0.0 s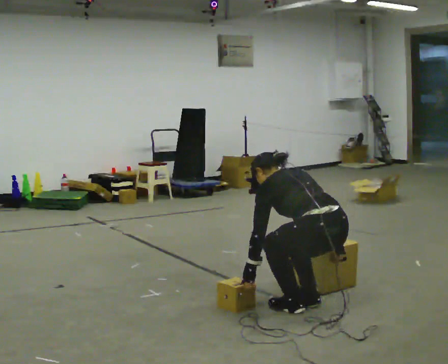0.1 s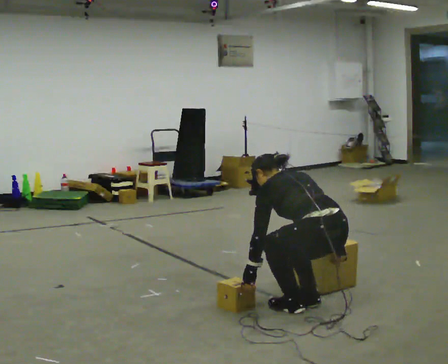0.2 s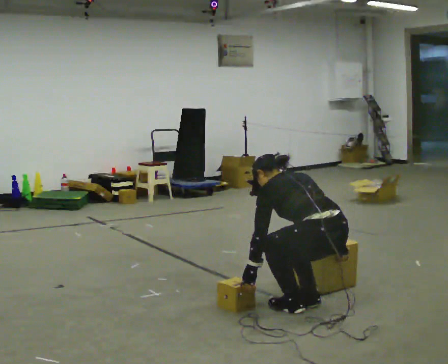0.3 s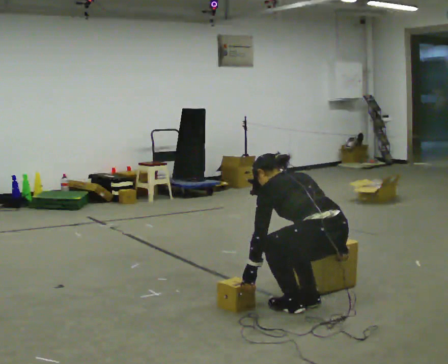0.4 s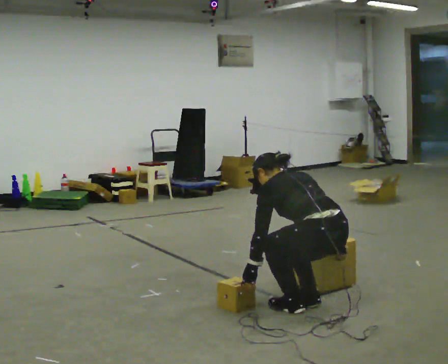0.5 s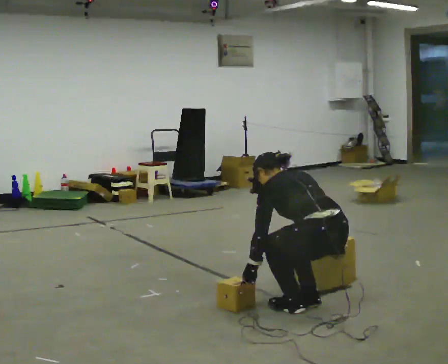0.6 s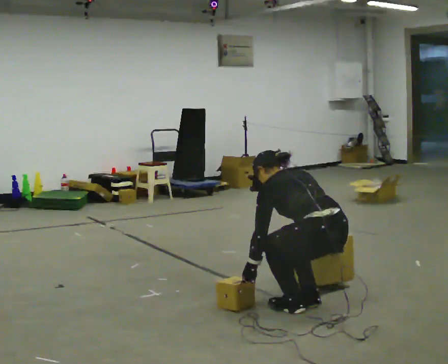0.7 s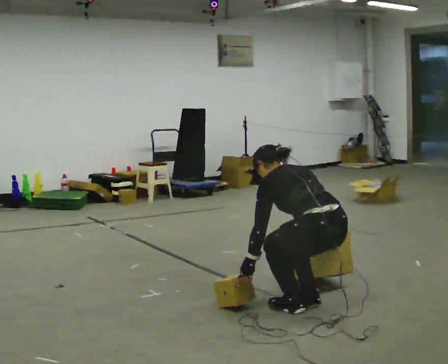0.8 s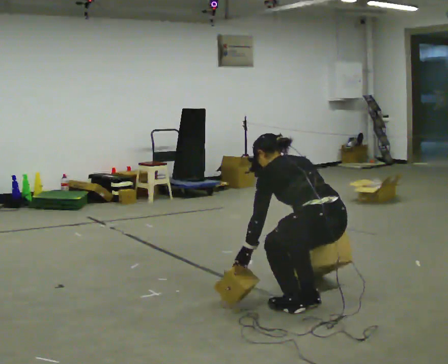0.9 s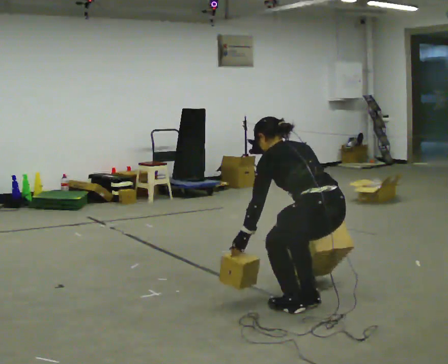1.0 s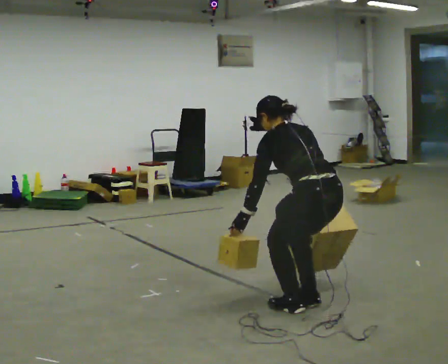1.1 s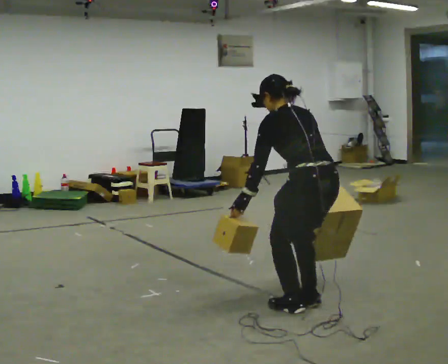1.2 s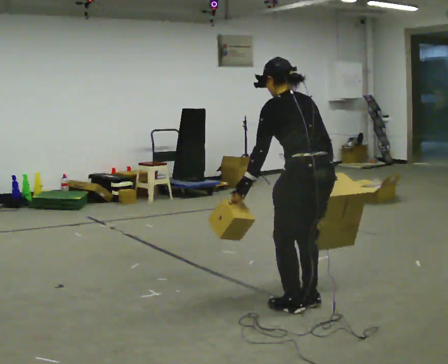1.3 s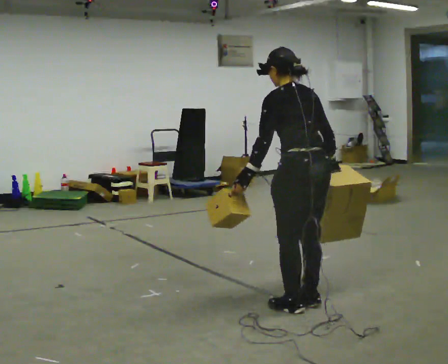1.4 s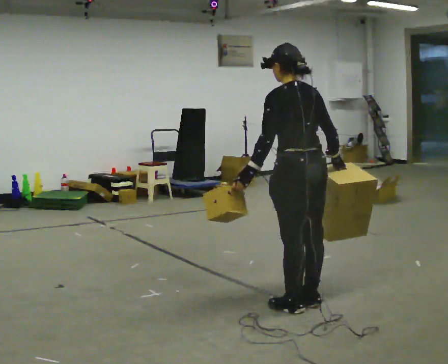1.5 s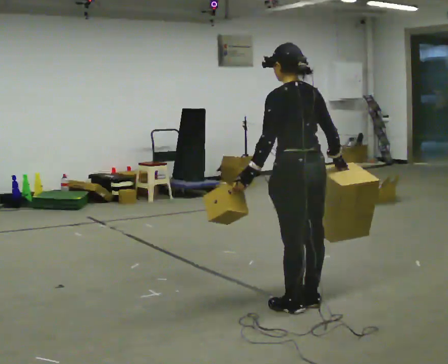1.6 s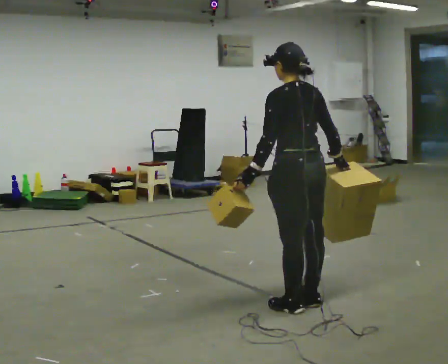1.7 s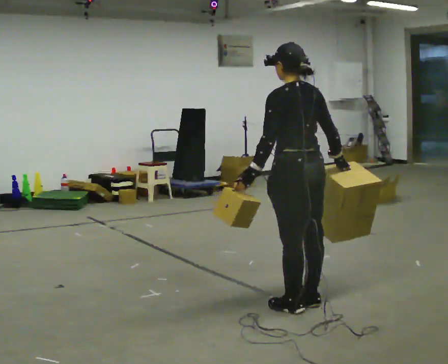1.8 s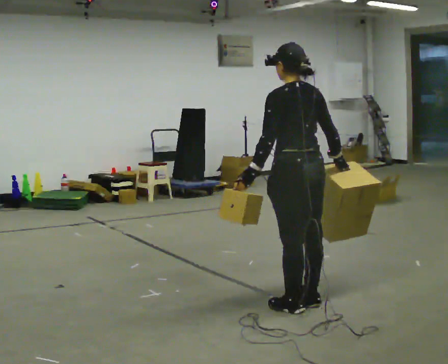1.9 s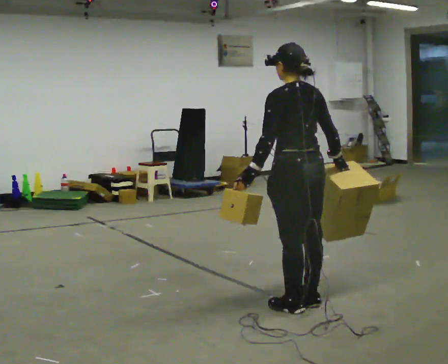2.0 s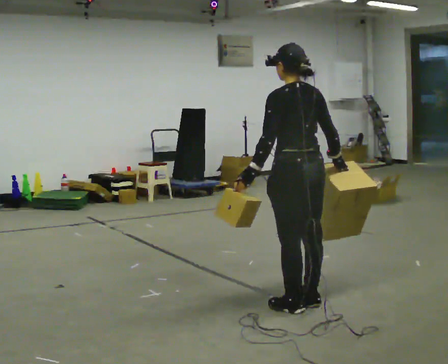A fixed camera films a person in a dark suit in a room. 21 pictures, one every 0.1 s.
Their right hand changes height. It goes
upward.
Their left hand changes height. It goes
upward.
0.0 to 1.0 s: The upper body goes upward. The upper body tips toward the camera, its near side rolling downward, as they lean back or straighten.
1.0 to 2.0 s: The upper body goes upward. The upper body tips toward the camera, its near side rolling downward, as they lean back or straighten.
The film runs forward here.
